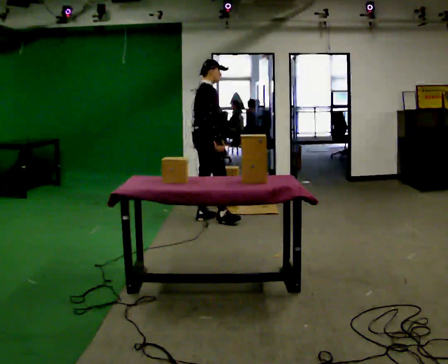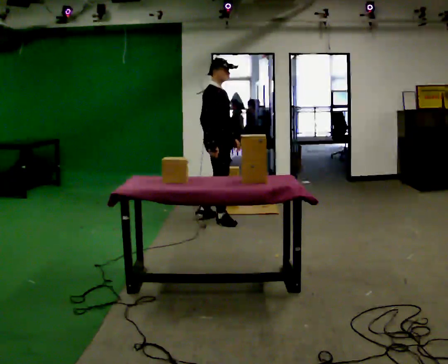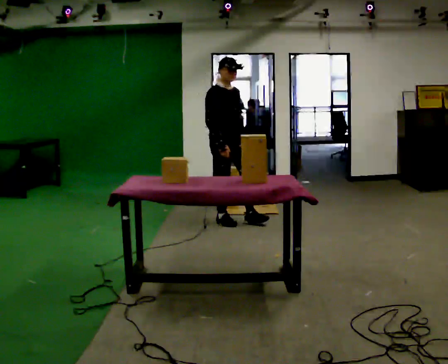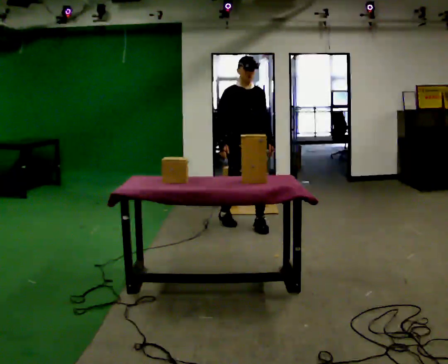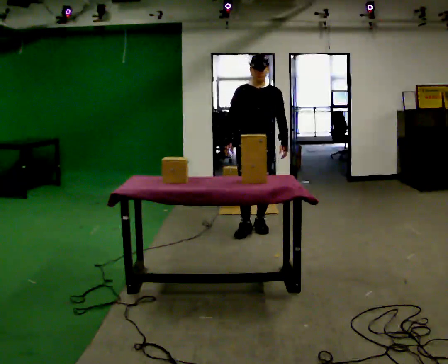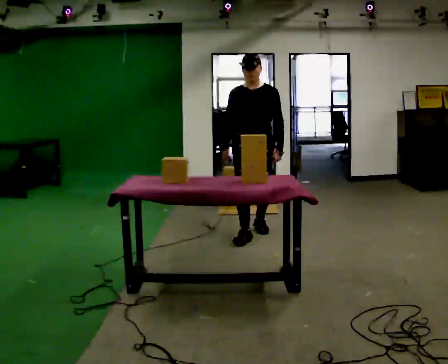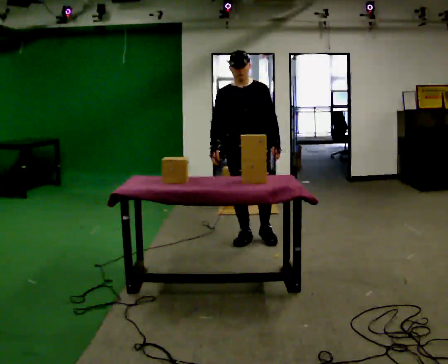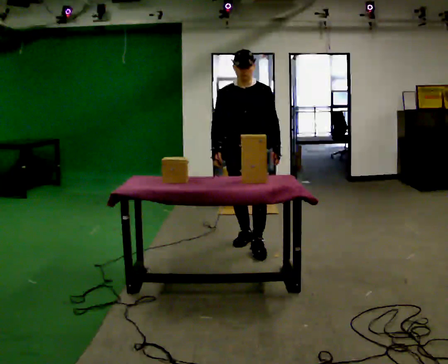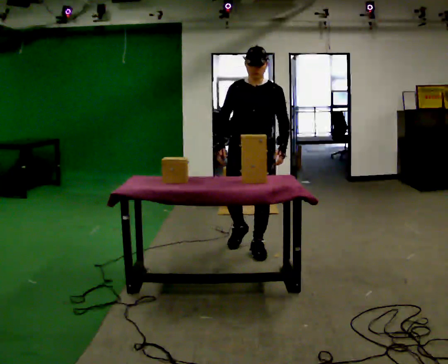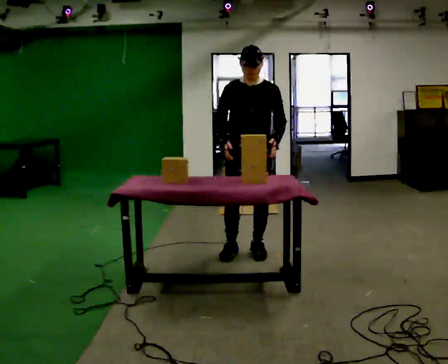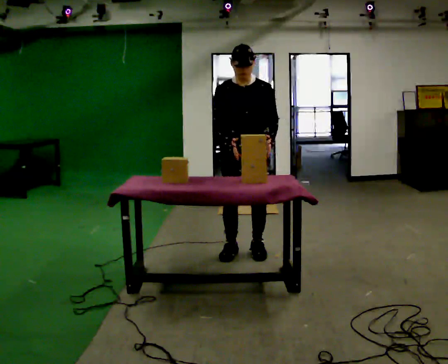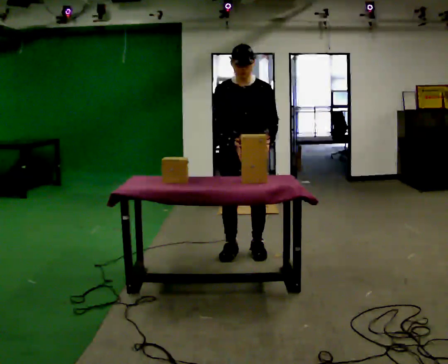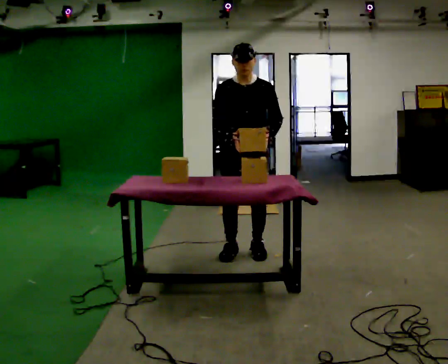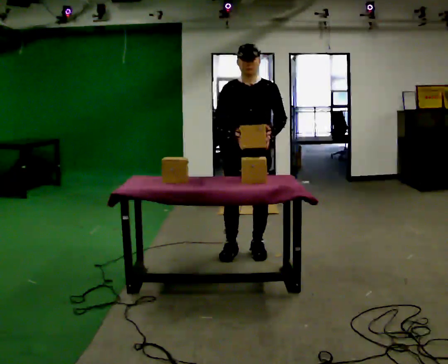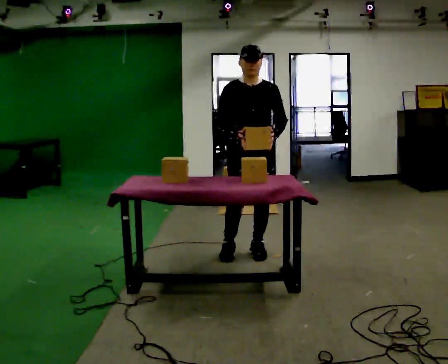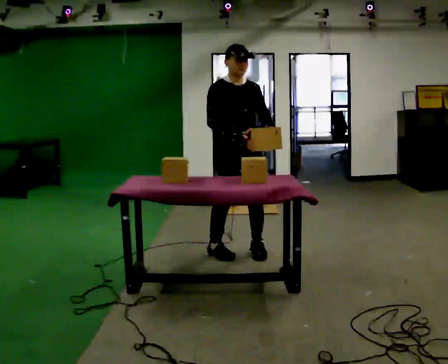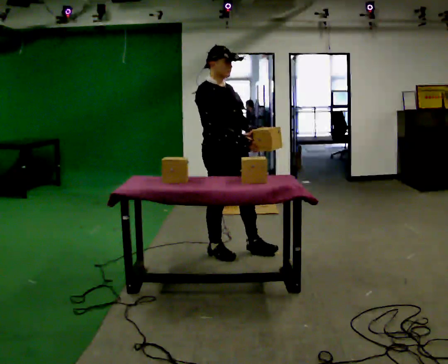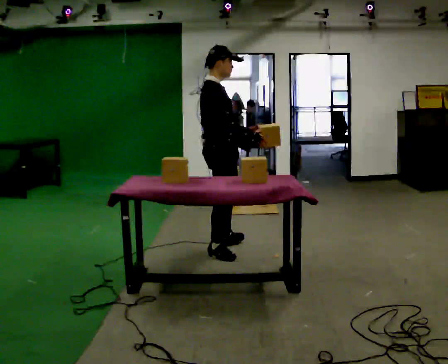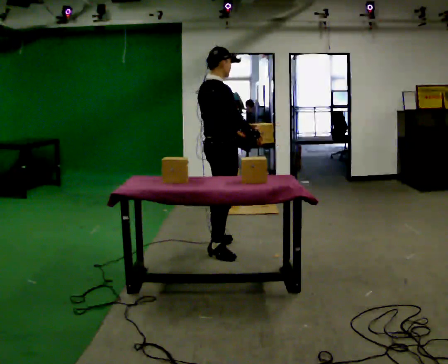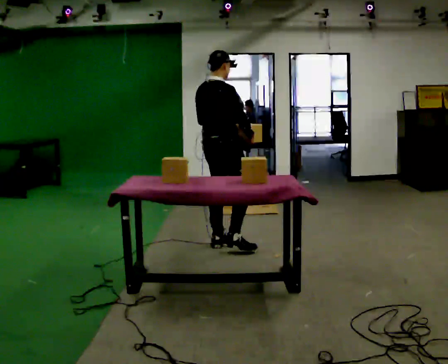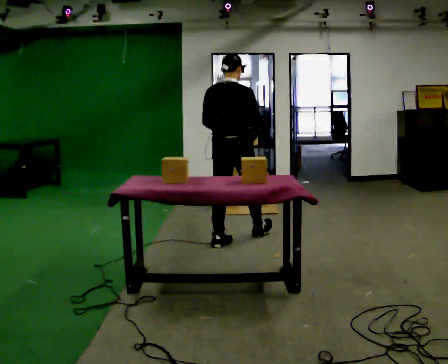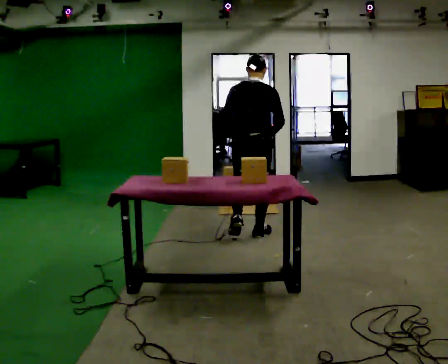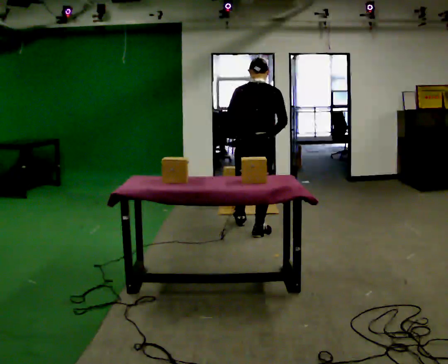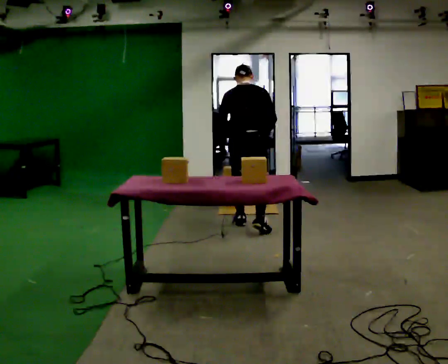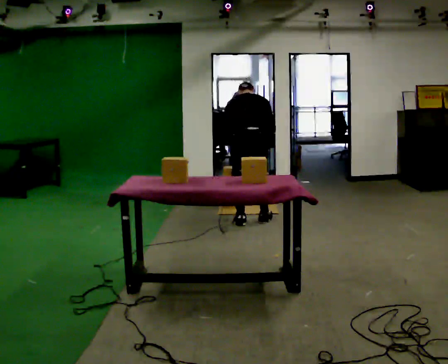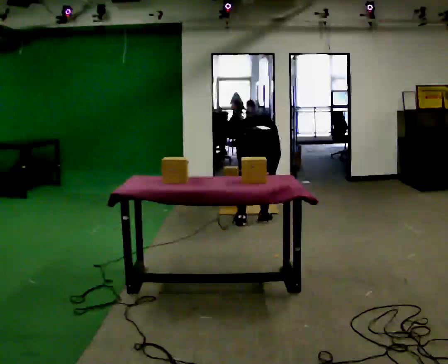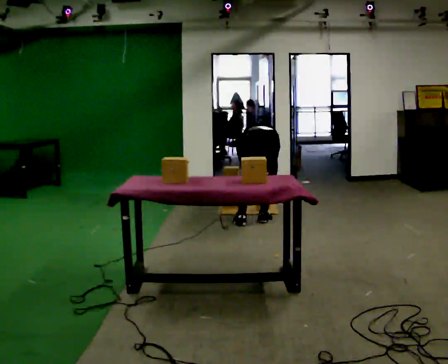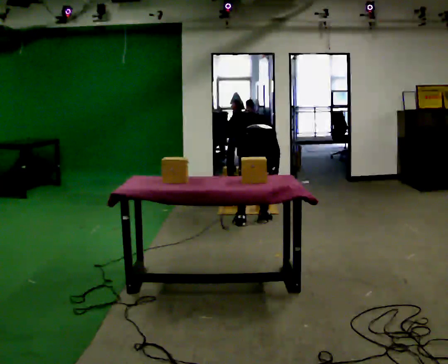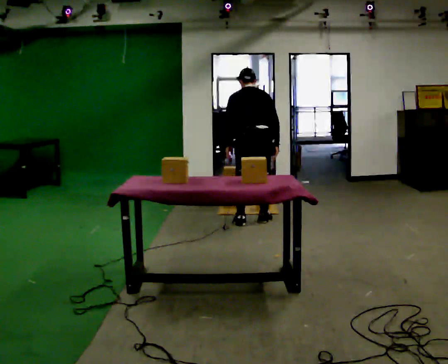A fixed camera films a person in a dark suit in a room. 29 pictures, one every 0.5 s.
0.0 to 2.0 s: Seen from above the body turns clockwise, about 105 degrees: to their right, with its near side sliding to the left. In the picture they go to the right and toward the camera, about 0.75 m in 1 step.
2.0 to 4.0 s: In the picture they go toward the camera, about 0.5 m in 2 steps, which for them is forward.
4.0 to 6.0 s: The person moves a little, or ends about where they began.
6.0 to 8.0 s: The person turns about 60 degrees to their left, counterclockwise seen from above, so the part of the body nearest the lens slides to the right. In the picture they go to the left, about 0.25 m in 1 step.
8.0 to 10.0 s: The person turns about 90 degrees to their left, counterclockwise seen from above, so the part of the body nearest the lens slides to the right. In the picture they go away from the camera, about 0.5 m in 2 steps.
10.0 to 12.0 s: In the picture they go away from the camera, about 0.5 m in 2 steps, which for them is forward. The upper body tips away from the camera, its near side rolling upward, as they bend forward.
12.0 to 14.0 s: The person moves a little, or ends about where they began.
The film runs forward here.
